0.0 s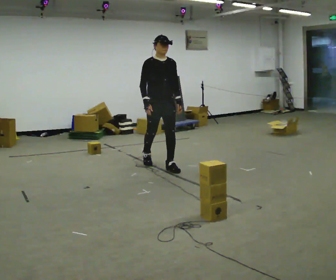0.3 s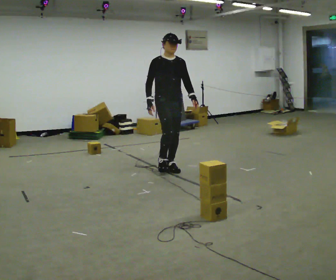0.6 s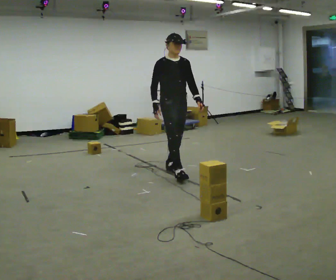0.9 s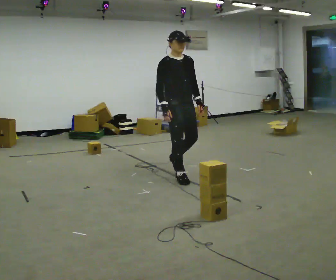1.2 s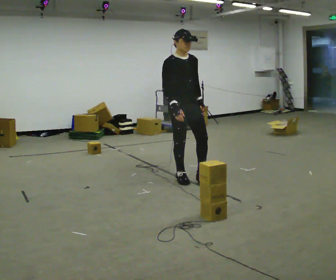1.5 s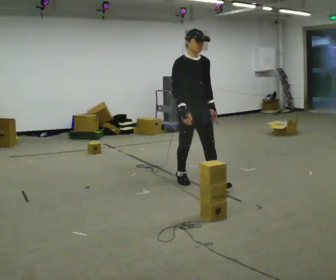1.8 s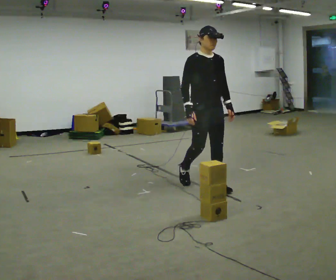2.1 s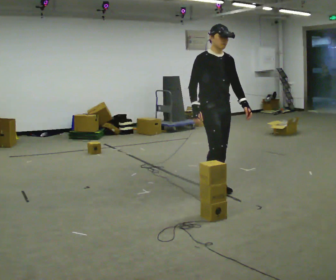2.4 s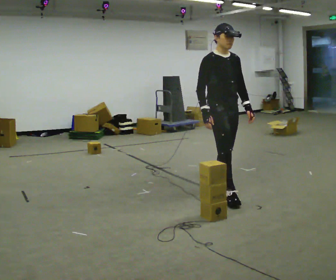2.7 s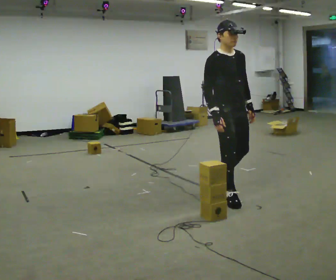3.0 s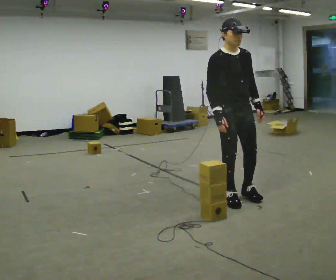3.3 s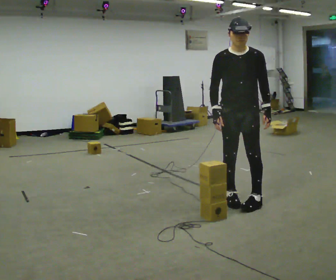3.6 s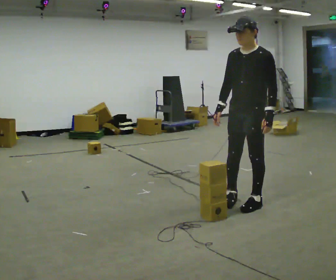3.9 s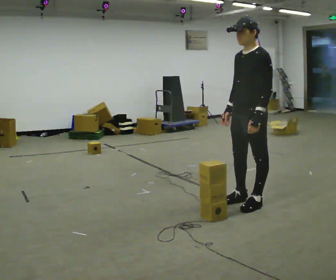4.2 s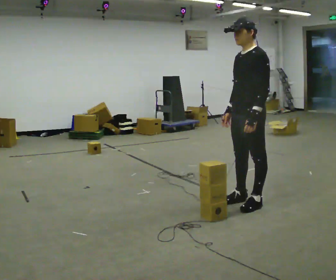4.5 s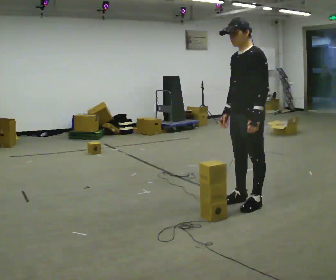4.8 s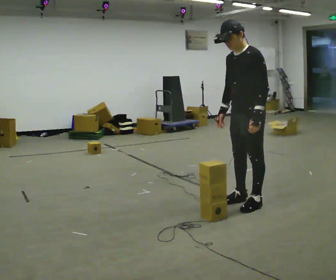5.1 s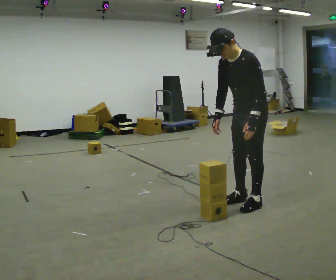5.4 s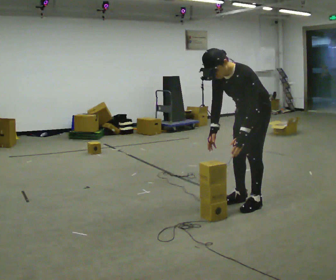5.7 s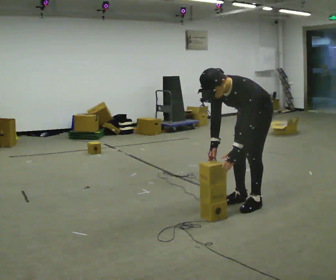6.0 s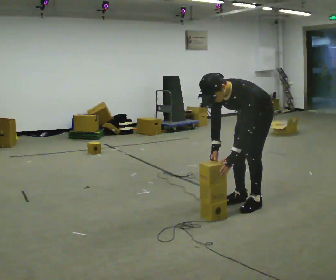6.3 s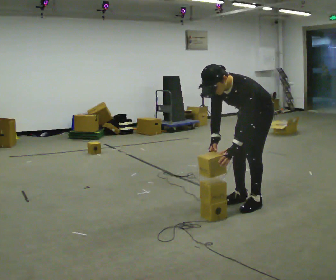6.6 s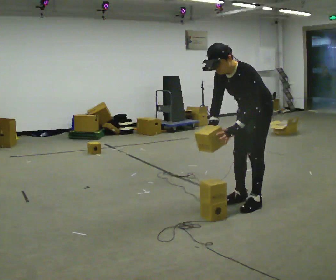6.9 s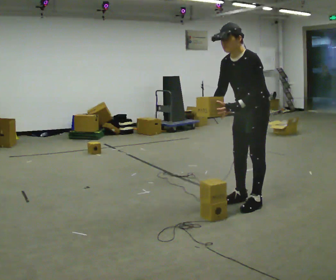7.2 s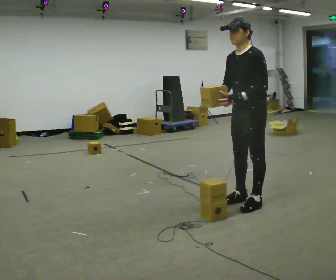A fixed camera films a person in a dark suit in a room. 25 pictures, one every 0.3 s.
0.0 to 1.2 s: In the picture they go toward the camera and to the right, about 0.75 m in 1 step, which for them is forward.
1.2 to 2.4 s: In the picture they go to the right and toward the camera, about 0.75 m in 2 steps, which for them is forward.
2.4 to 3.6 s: The part of the body nearest the lens slides to the left as the person turns to their right by about 90 degrees. In the picture they go to the right and toward the camera, about 0.5 m in 1 step.
3.6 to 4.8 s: The person moves a little, or ends about where they began.
4.8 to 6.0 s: The upper body goes downward. The upper body tips toward the camera, its near side rolling downward, as they bend forward.
6.0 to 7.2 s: The upper body goes upward. The upper body tips away from the camera, its near side rolling upward, as they lean back or straighten. In the picture their left hand goes upward.
The film runs forward here.
